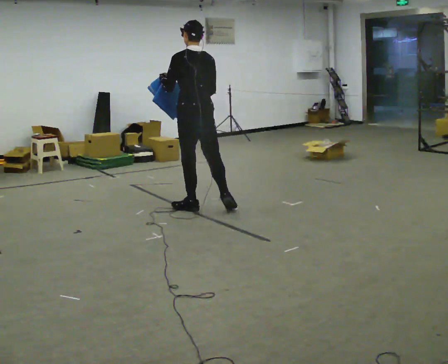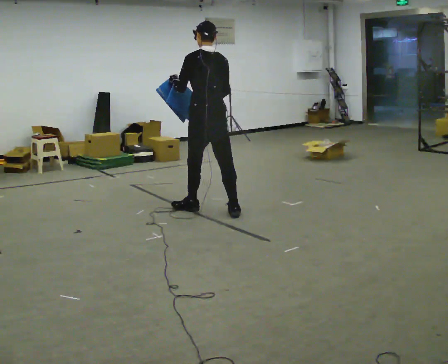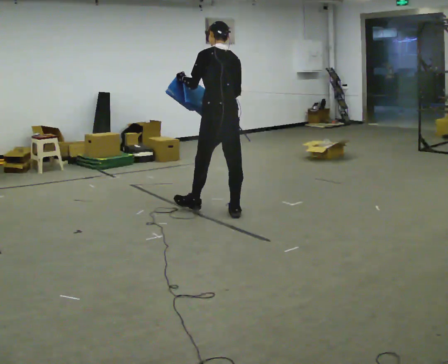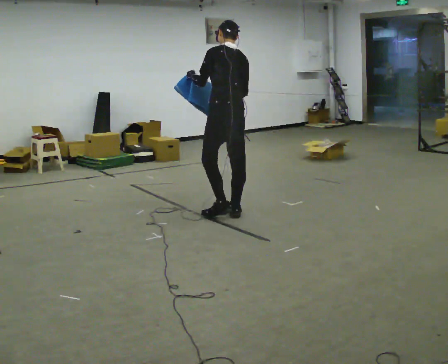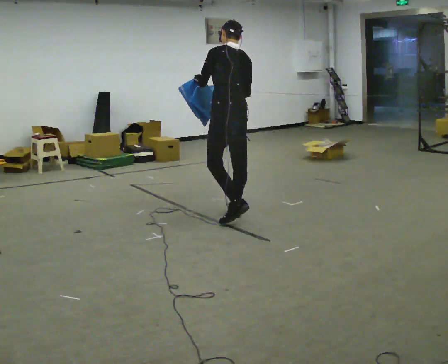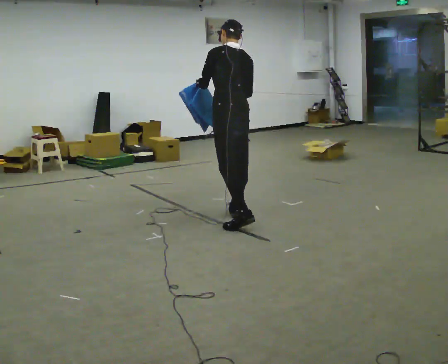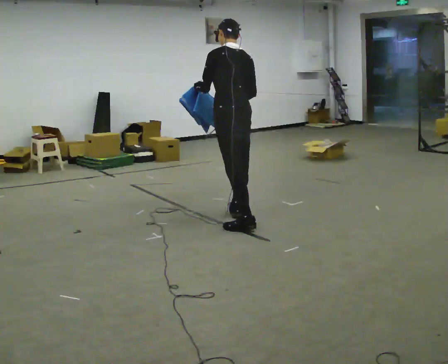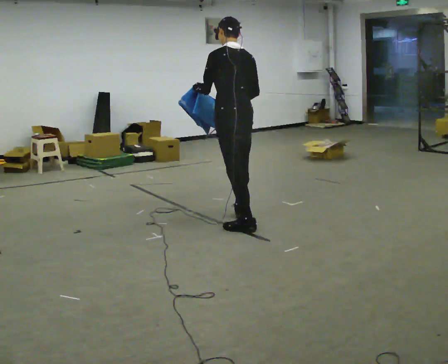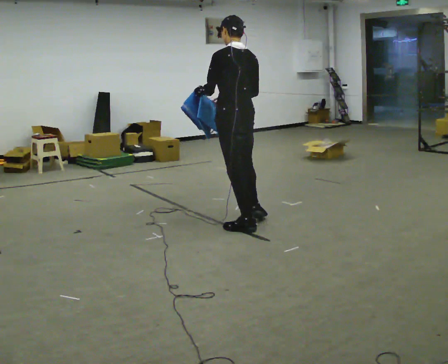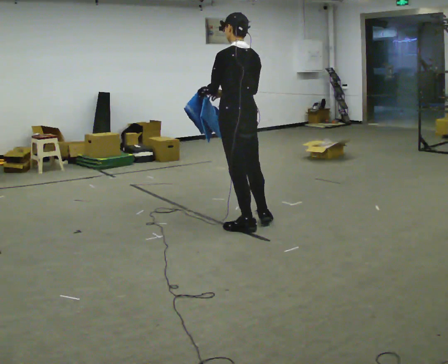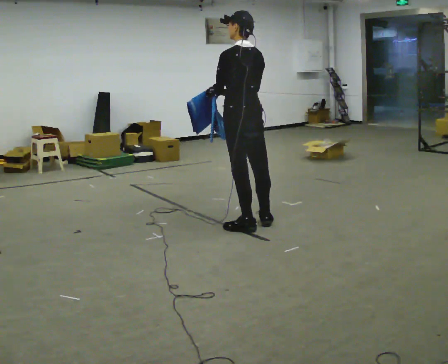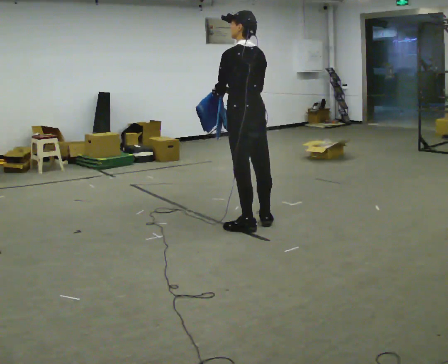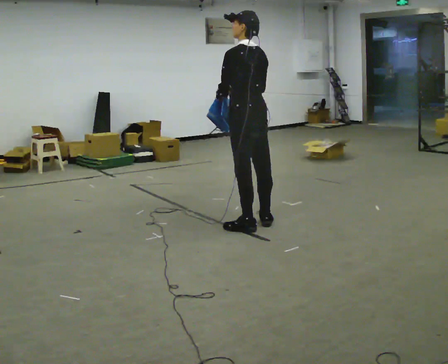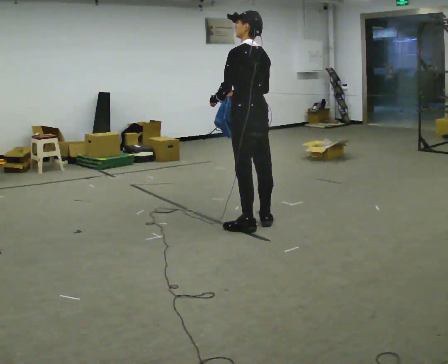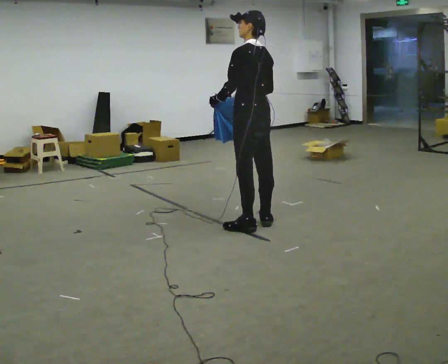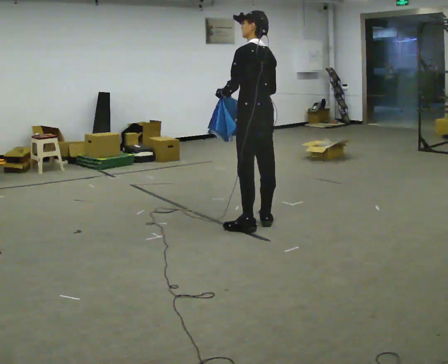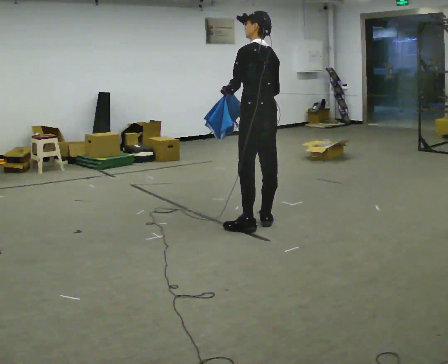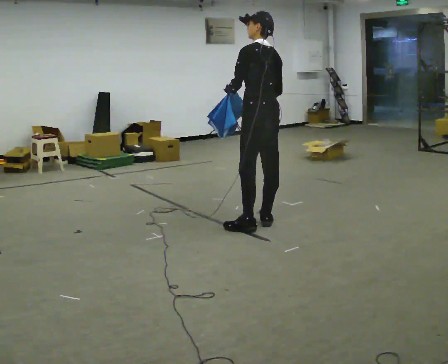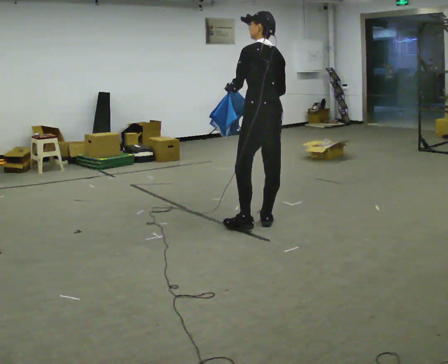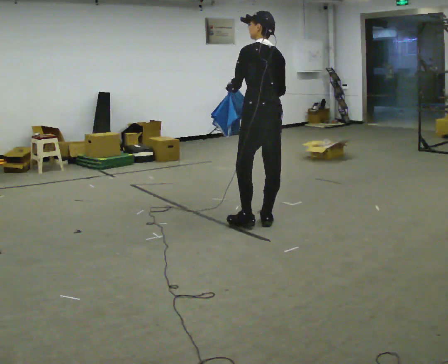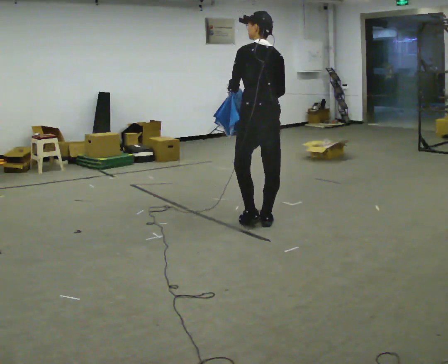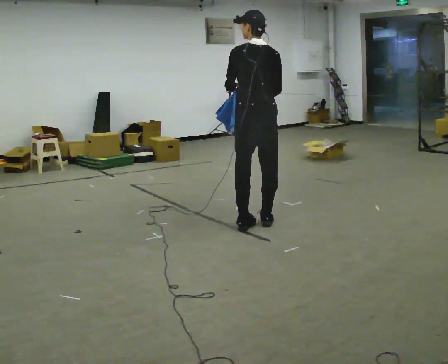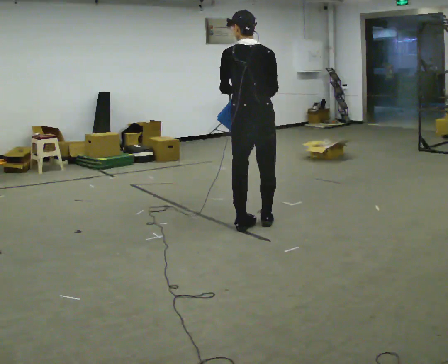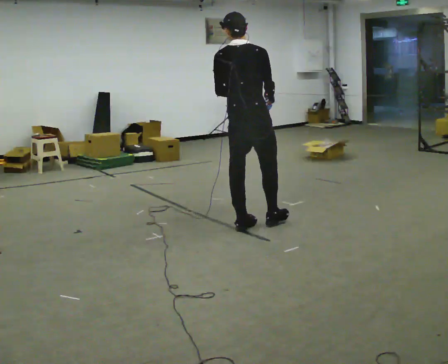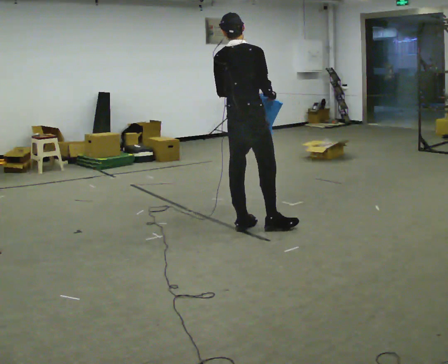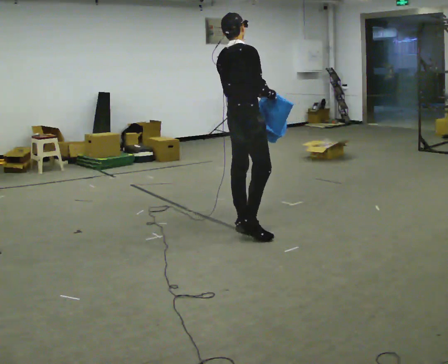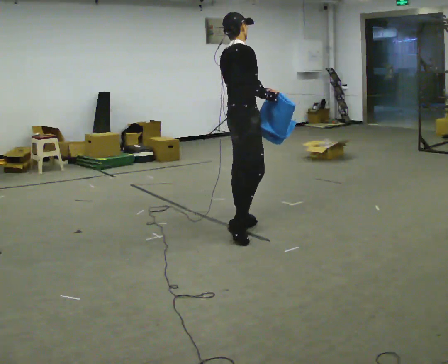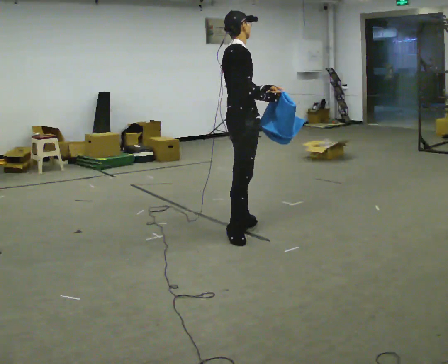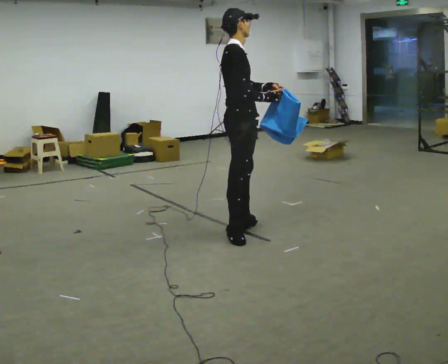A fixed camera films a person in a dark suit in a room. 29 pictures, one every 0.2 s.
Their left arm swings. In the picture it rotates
counterclockwise.
The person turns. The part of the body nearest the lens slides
to the left.
0.0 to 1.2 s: In the picture they go to the right and toward the camera, about 0.5 m in 1 step, which for them is backward.
1.2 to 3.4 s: In the picture they go to the right, about 0.25 m in 1 step, which for them is backward and to their right.
3.4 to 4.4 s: Seen from above the body turns clockwise, about 30 degrees: to their right, with its near side sliding to the left.
4.4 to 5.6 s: The part of the body nearest the lens slides to the left as the person turns to their right by about 90 degrees. In the picture they go toward the camera, about 0.25 m in 1 step. In the picture their left hand goes to the right, the arm swinging counterclockwise.
The film runs backward here.
